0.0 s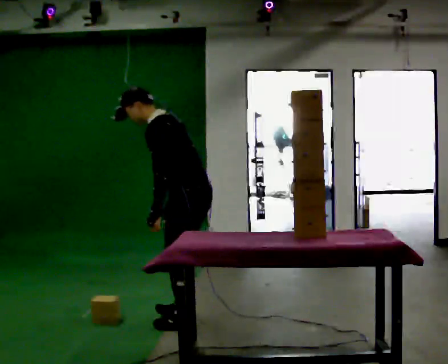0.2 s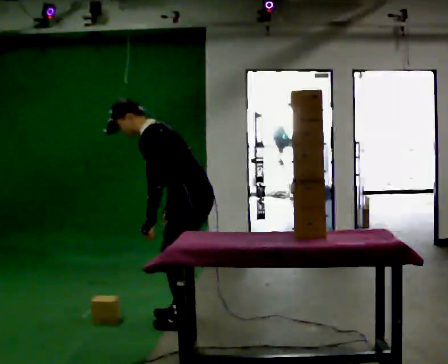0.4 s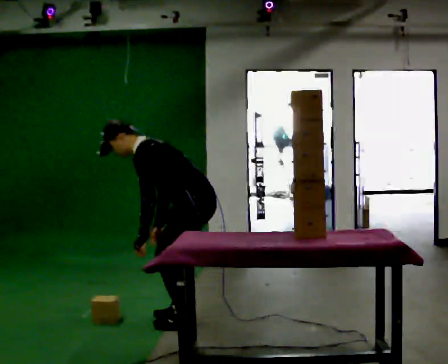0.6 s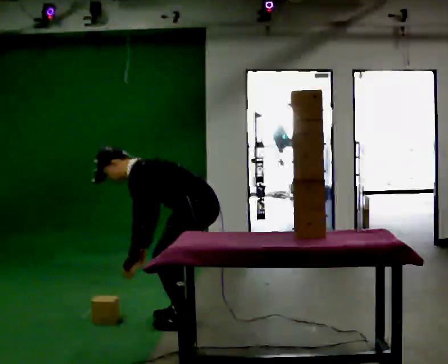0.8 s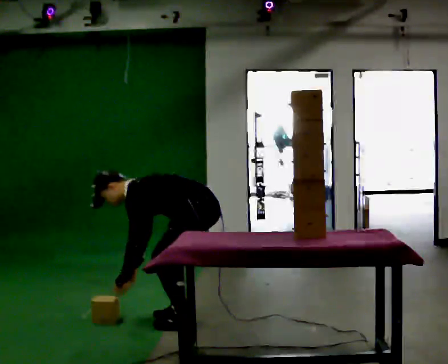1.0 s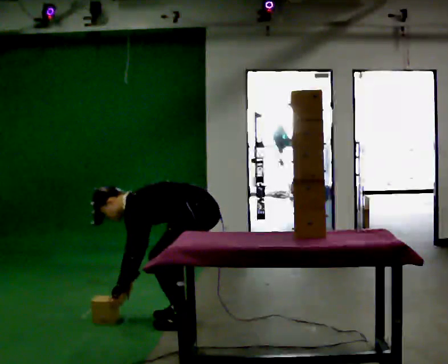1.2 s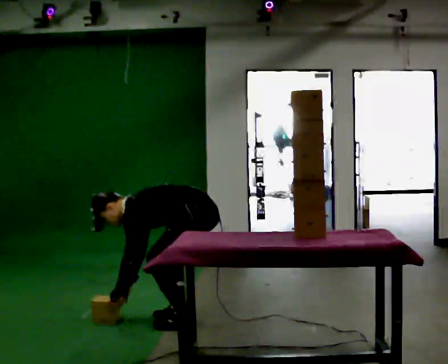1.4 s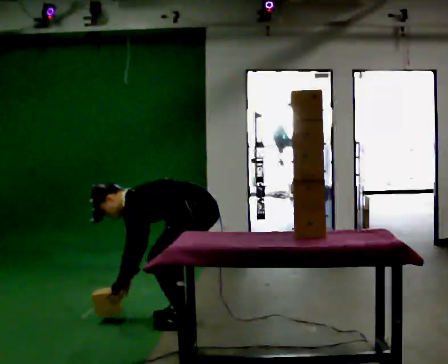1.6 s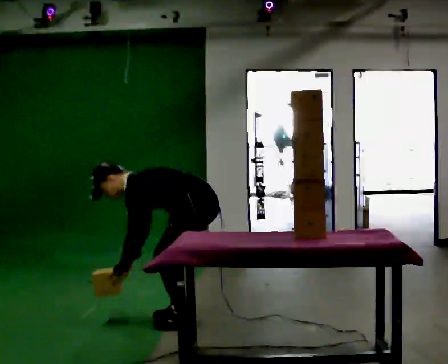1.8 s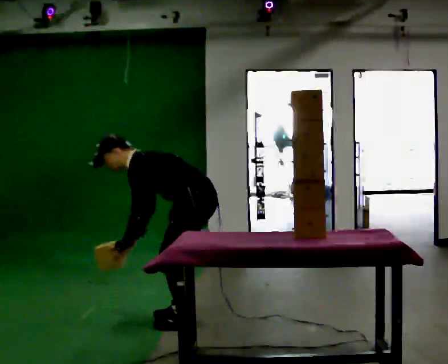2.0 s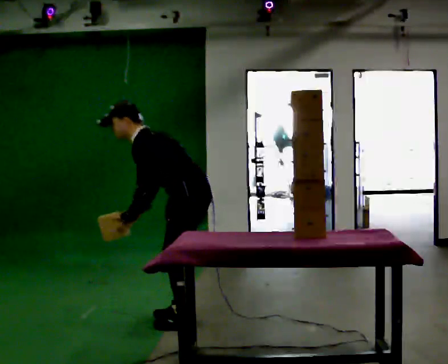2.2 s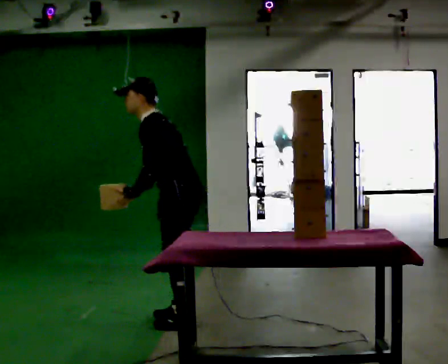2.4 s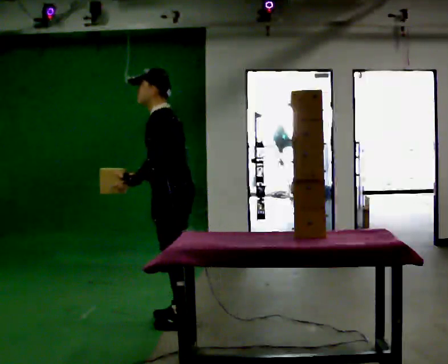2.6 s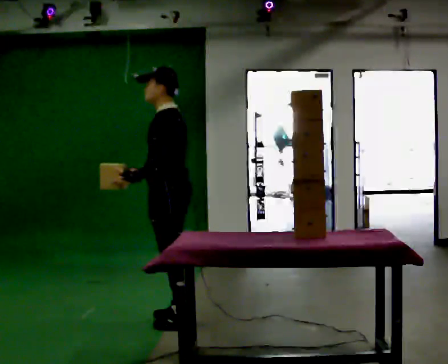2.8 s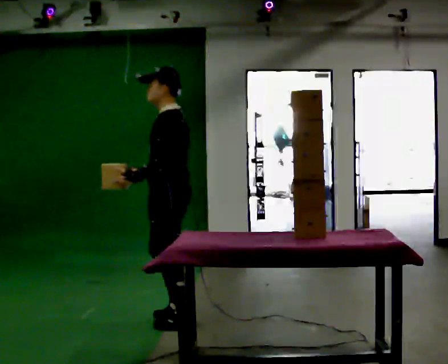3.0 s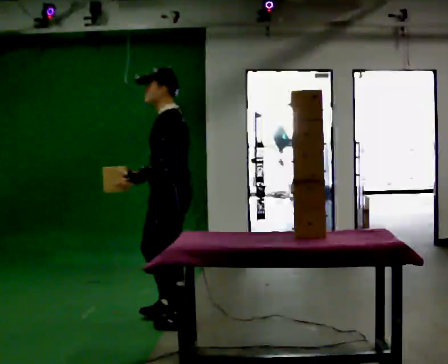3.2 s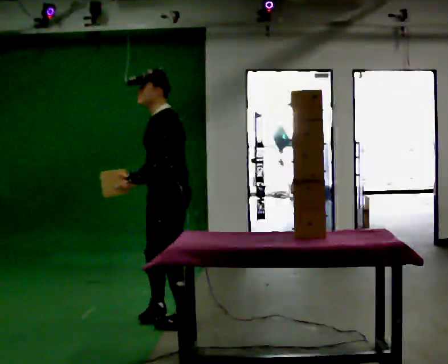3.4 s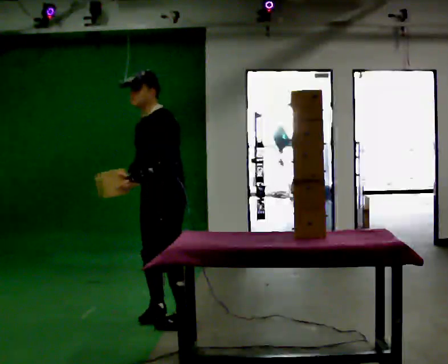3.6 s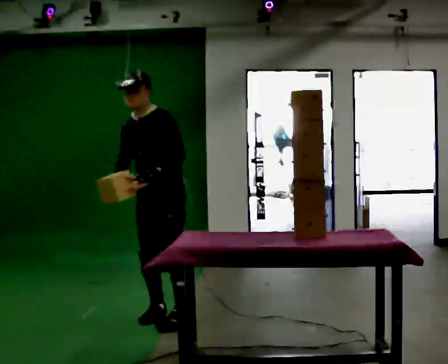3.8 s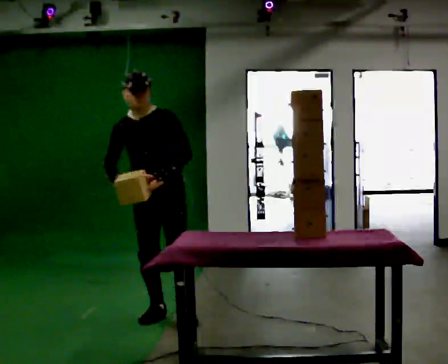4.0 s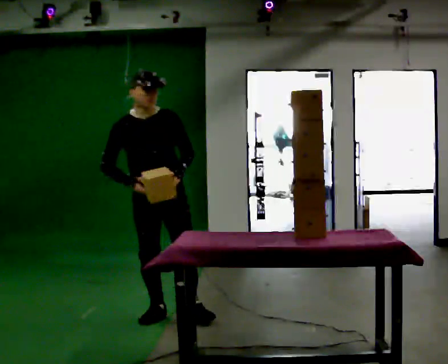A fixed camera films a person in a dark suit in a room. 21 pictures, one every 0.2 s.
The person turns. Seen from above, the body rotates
counterclockwise.
The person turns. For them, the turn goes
to their left.
0.0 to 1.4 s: The upper body goes downward. In the picture the upper body tilts counterclockwise, shoulders to the left, as they bend forward. In the picture their right hand goes downward and to the left.
1.4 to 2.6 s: In the picture they go to the left, about 0.25 m, which for them is forward. The shoulders move upward. In the picture the upper body tilts clockwise, shoulders to the right, as they lean back or straighten. In the picture their right hand goes upward.
2.6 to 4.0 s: Seen from above the body turns counterclockwise, about 120 degrees: to their left, with its near side sliding to the right. In the picture they go away from the camera, about 0.25 m in 2 steps. In the picture their left hand goes to the right, the arm swinging counterclockwise.
The film runs forward here.
